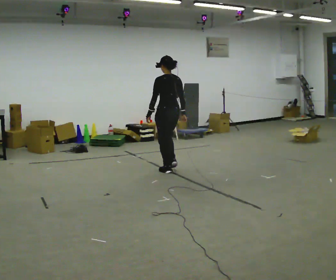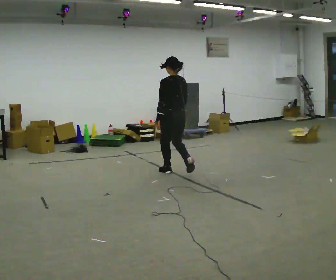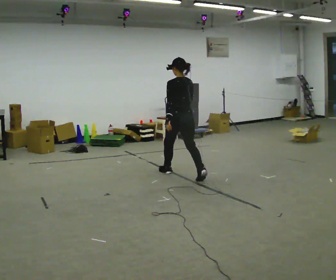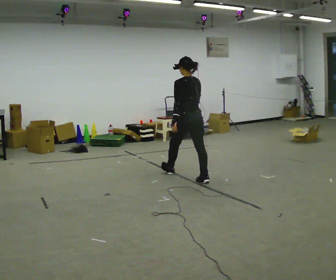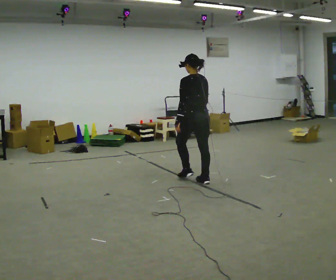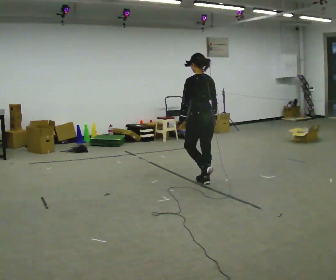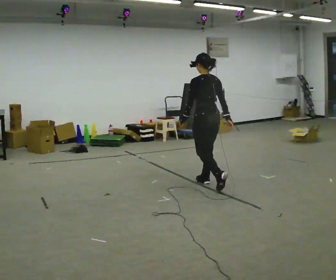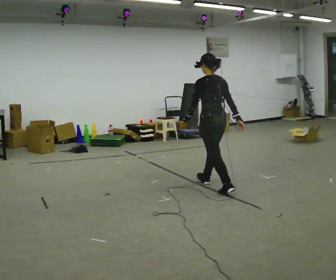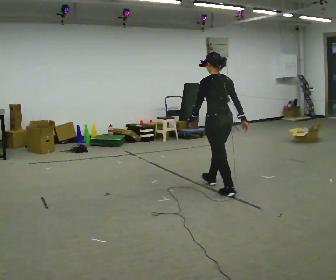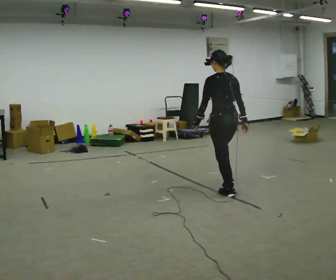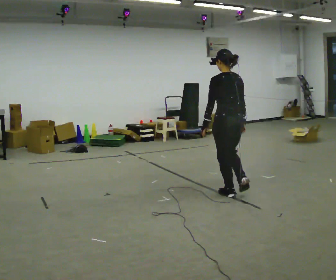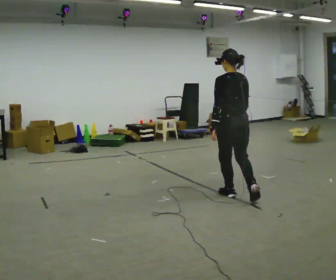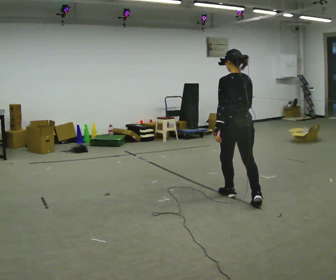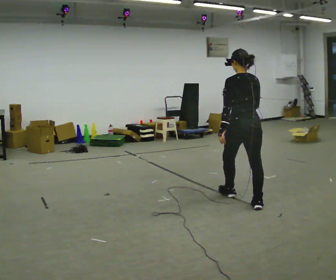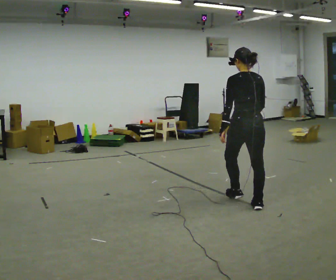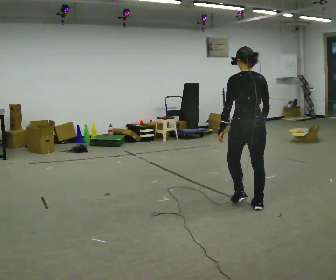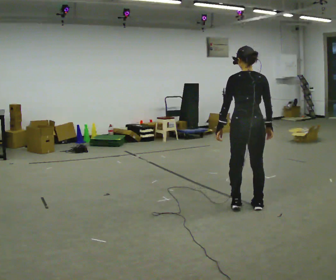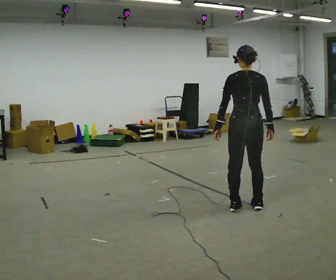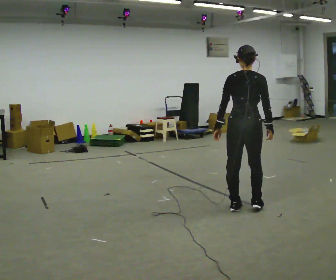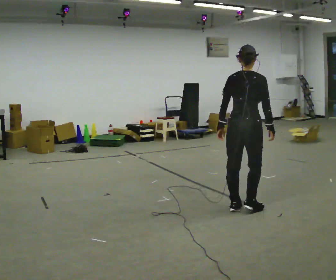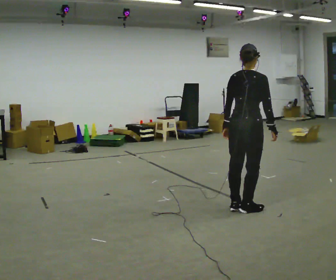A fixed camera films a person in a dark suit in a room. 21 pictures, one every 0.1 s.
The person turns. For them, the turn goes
to their right.
The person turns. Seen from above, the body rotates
clockwise.
0.0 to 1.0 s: In the picture they go toward the camera and to the right, about 1.5 m in 2 steps, which for them is backward.
1.0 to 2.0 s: The part of the body nearest the lens slides to the left as the person turns to their right by about 60 degrees. In the picture they go toward the camera, about 0.5 m in 1 step, which for them is backward.
The film runs backward here.
